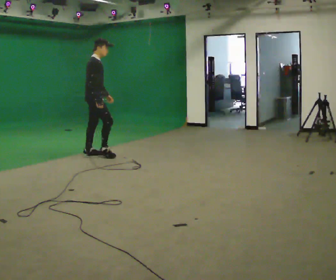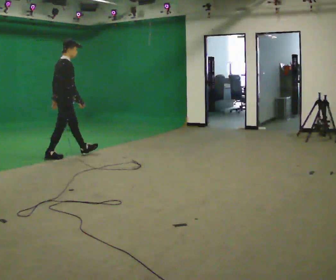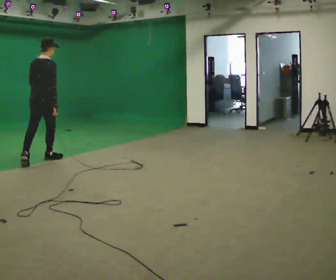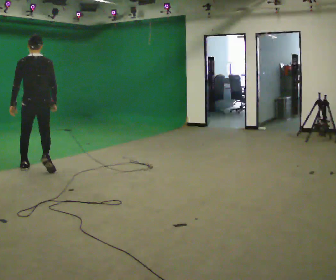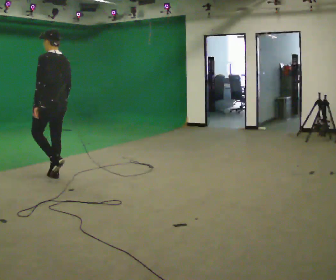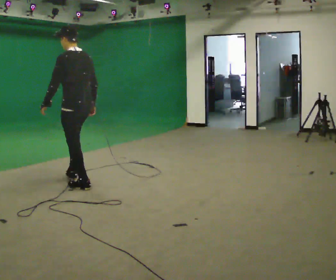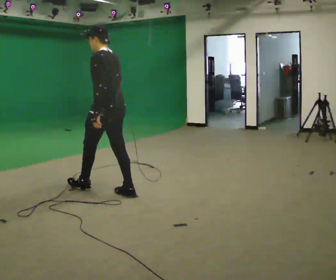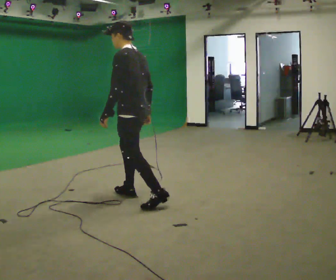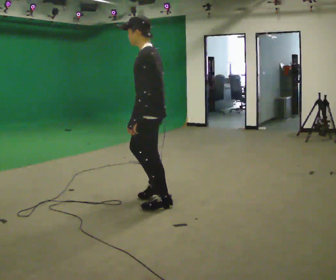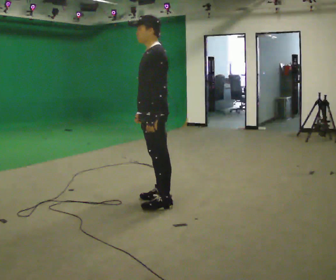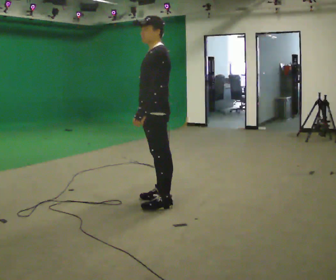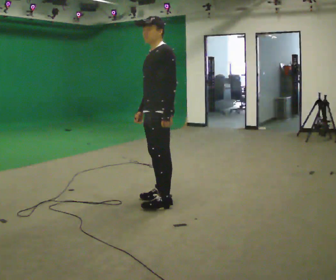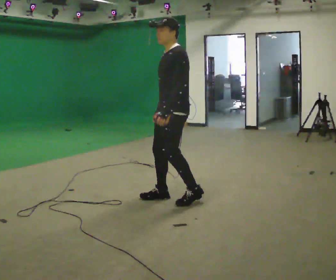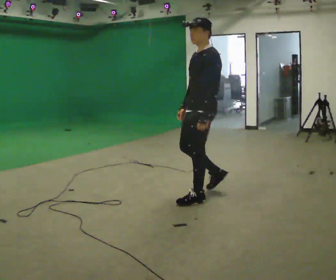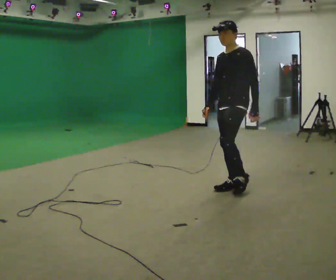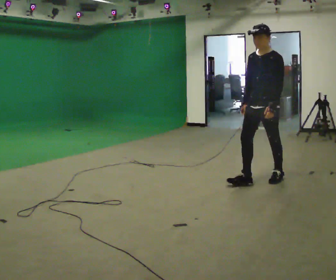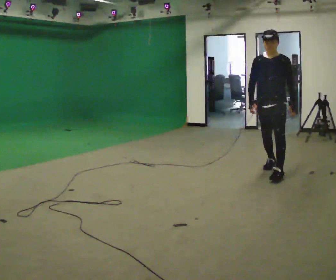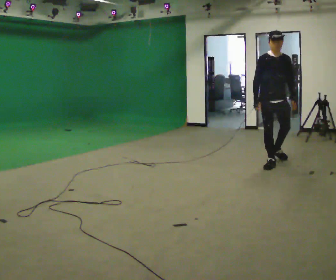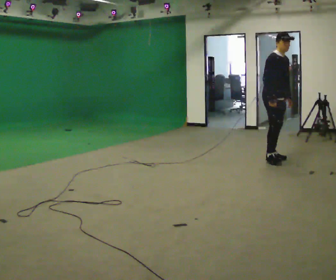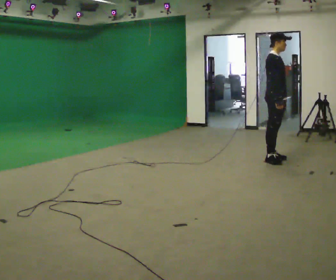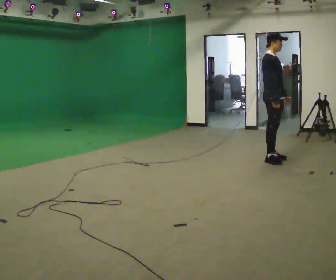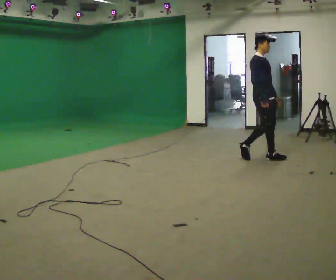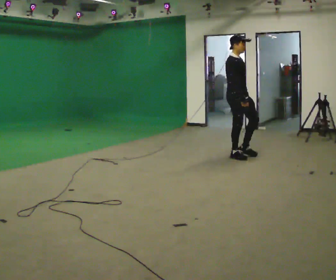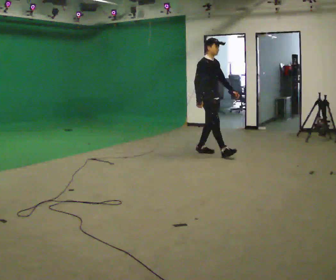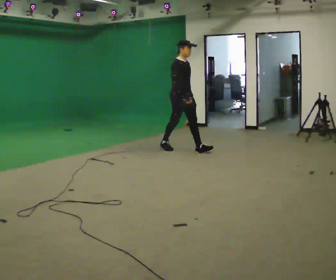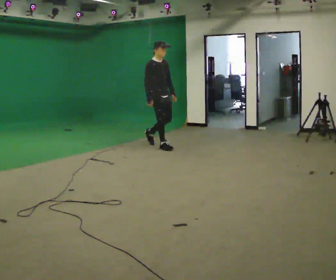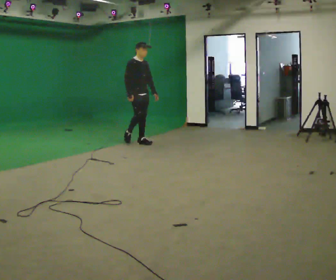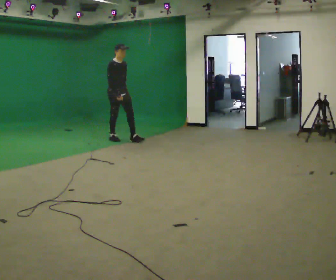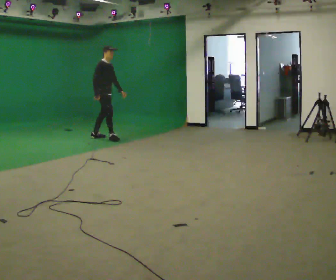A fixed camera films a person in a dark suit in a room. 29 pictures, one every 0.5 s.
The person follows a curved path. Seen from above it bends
counterclockwise.
The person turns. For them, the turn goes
to their left.
0.0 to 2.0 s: The person turns about 135 degrees to their left, counterclockwise seen from above, so the part of the body nearest the lens slides to the right. In the picture they go toward the camera, about 1 m in 3 steps.
2.0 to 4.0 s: Seen from above the body turns counterclockwise, about 30 degrees: to their left, with its near side sliding to the right. In the picture they go to the right and toward the camera, about 1.5 m in 3 steps, which for them is backward.
4.0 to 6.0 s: In the picture they go away from the camera and to the right, about 0.25 m in 1 step, which for them is backward.
6.0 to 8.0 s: The person turns about 45 degrees to their left, counterclockwise seen from above, so the part of the body nearest the lens slides to the right. In the picture they go away from the camera and to the right, about 1.5 m in 3 steps, which for them is backward.
8.0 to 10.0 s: The person turns about 90 degrees to their left, counterclockwise seen from above, so the part of the body nearest the lens slides to the right. In the picture they go away from the camera, about 0.5 m in 2 steps.
10.0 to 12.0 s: In the picture they go to the left and away from the camera, about 1.5 m in 3 steps, which for them is backward.
12.0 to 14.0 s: In the picture they go to the left and away from the camera, about 1.5 m in 3 steps, which for them is backward.
The film runs backward here.
